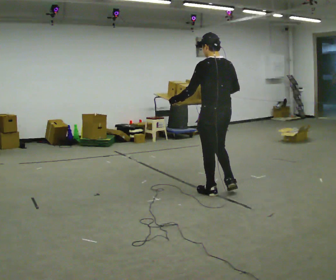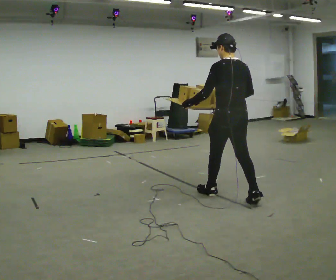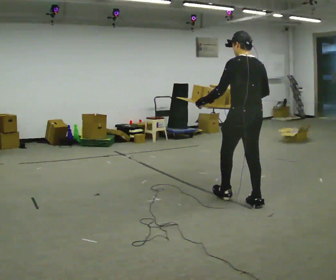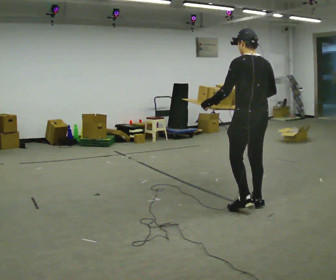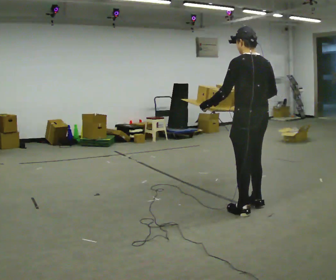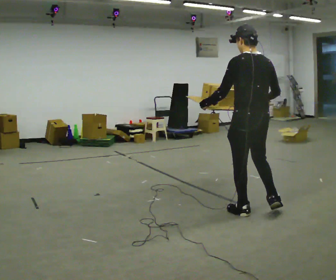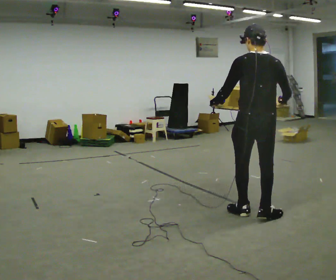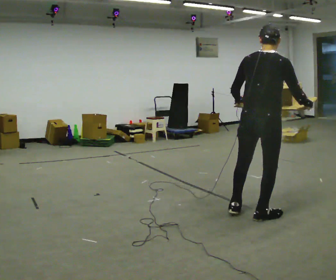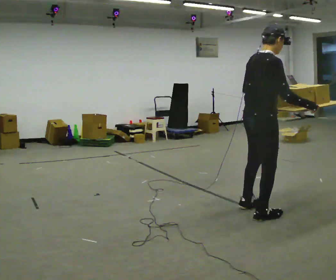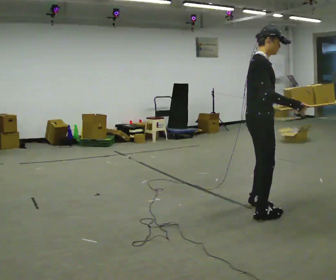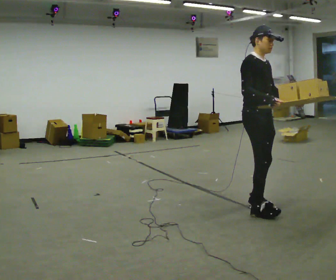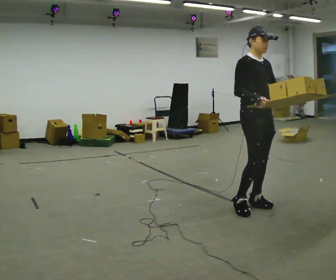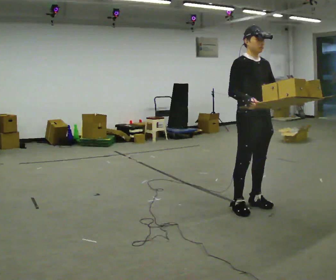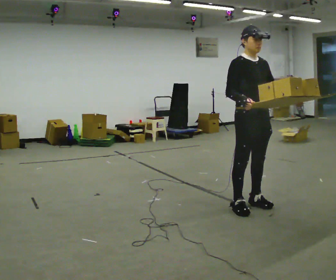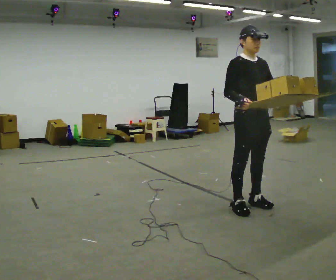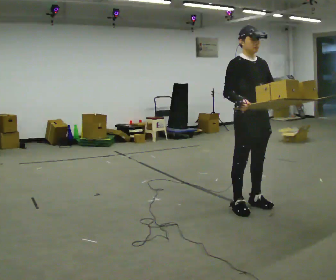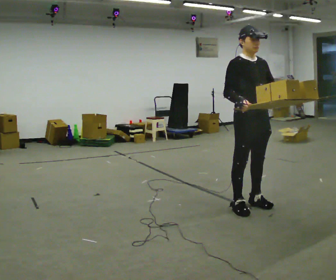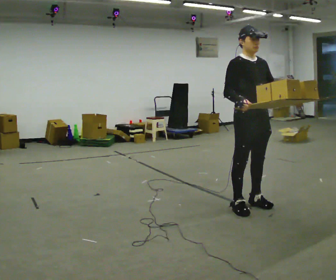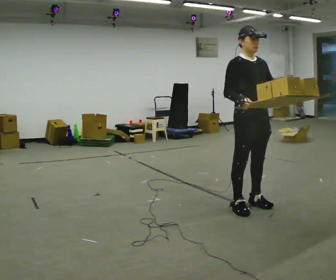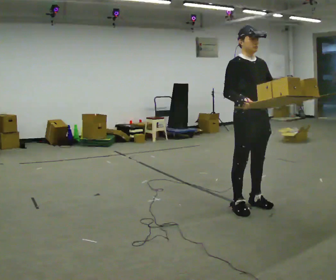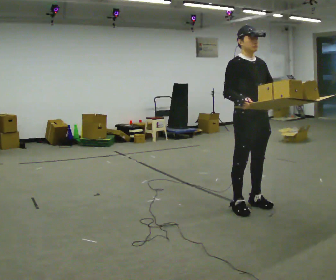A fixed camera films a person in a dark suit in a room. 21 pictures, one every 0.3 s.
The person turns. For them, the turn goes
to their right.
The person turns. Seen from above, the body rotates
clockwise.
0.0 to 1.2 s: In the picture they go toward the camera and to the right, about 0.5 m in 1 step, which for them is backward.
1.2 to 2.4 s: The person turns about 90 degrees to their right, clockwise seen from above, so the part of the body nearest the lens slides to the left. In the picture they go toward the camera, about 0.25 m in 2 steps. In the picture their left hand goes to the right.
2.4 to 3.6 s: Seen from above the body turns clockwise, about 90 degrees: to their right, with its near side sliding to the left. In the picture they go away from the camera, about 0.25 m in 1 step.
3.6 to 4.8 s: The person moves a little, or ends about where they began.
4.8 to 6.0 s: The person keeps their place and pose.
The film runs backward here.
